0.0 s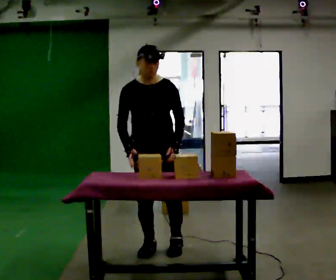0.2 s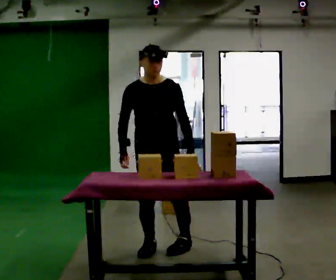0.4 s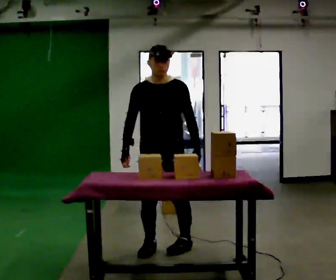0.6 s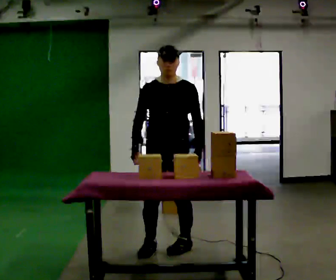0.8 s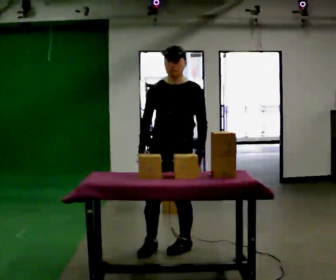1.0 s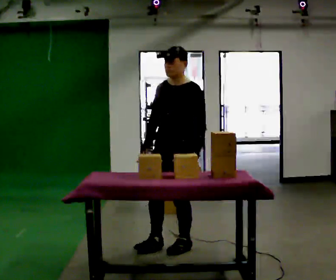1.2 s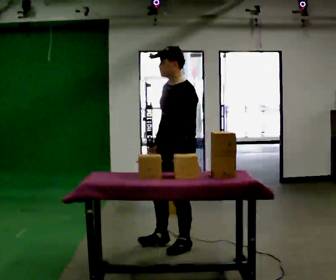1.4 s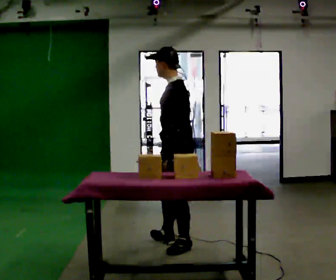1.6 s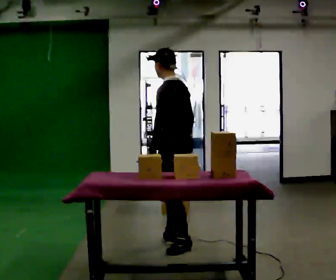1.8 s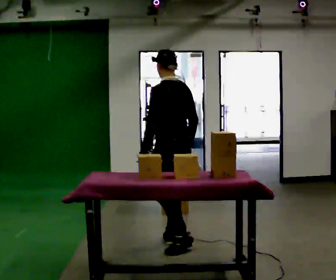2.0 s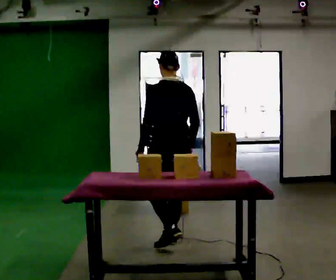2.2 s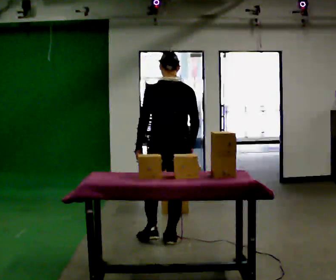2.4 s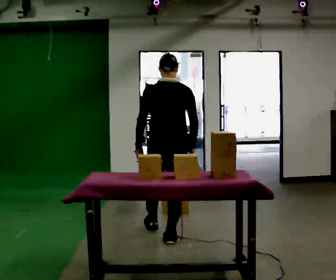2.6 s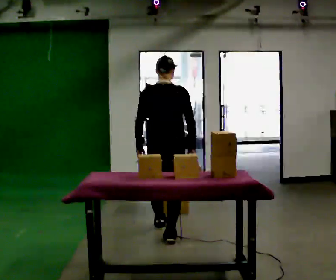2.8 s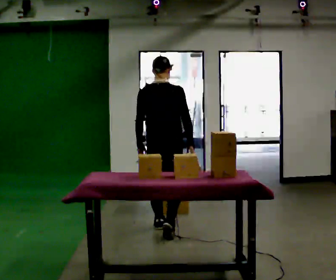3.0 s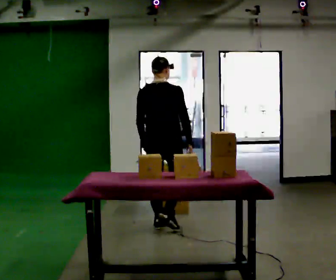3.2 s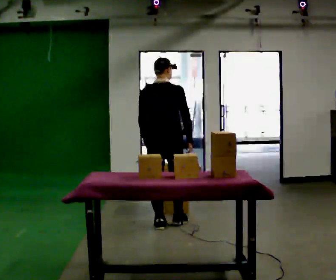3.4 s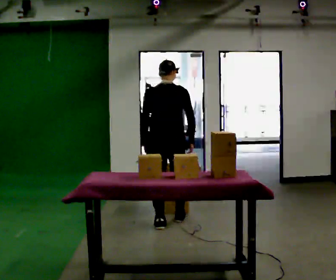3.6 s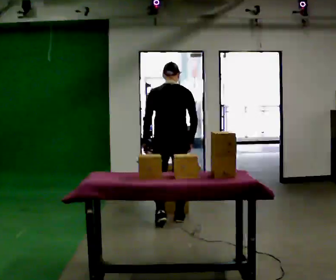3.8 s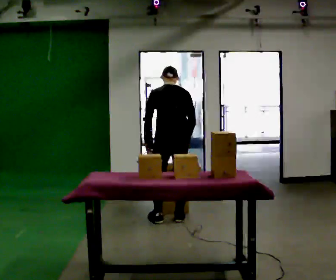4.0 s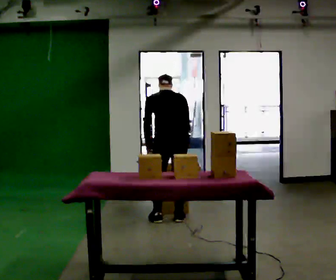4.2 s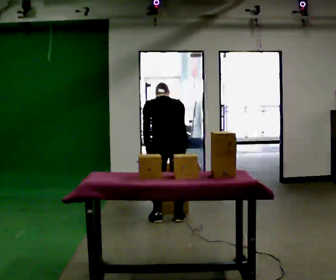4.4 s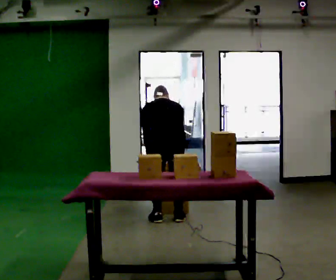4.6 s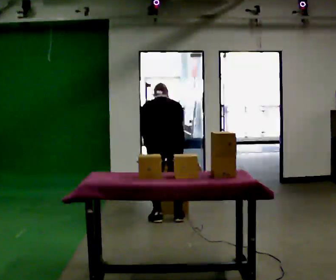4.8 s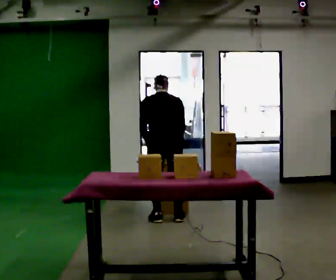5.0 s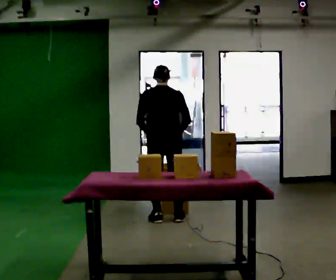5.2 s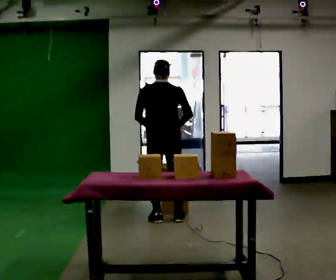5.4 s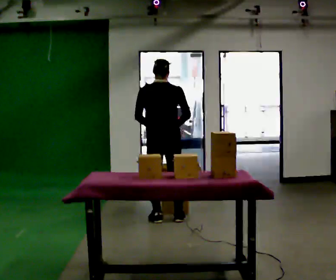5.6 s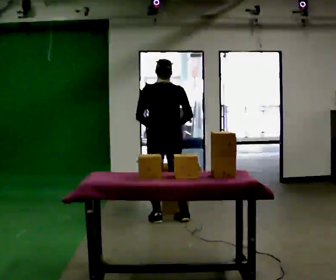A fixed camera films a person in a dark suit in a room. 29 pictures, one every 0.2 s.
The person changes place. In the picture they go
away from the camera.
0.0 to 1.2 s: The person turns about 75 degrees to their right, clockwise seen from above, so the part of the body nearest the lens slides to the left. In the picture they go to the right, about 0.25 m.
1.2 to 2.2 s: The person turns about 105 degrees to their right, clockwise seen from above, so the part of the body nearest the lens slides to the left. In the picture they go away from the camera, about 0.25 m in 1 step.
2.2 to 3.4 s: In the picture they go away from the camera, about 0.5 m in 2 steps, which for them is forward and to their left.
3.4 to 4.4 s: The upper body goes downward. The upper body tips away from the camera, its near side rolling upward, as they bend forward.
4.4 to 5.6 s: The shoulders move upward. The upper body tips toward the camera, its near side rolling downward, as they lean back or straighten.
The film runs forward here.
